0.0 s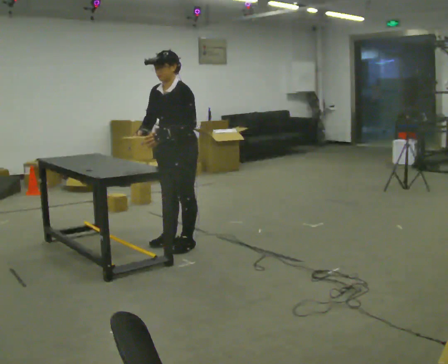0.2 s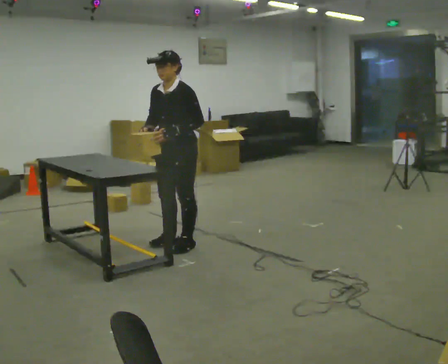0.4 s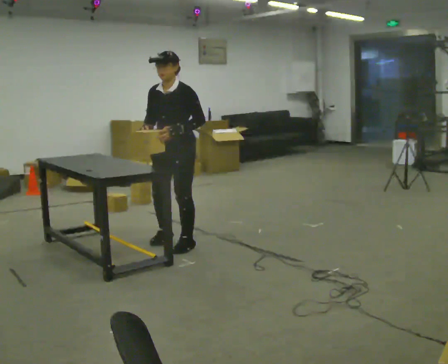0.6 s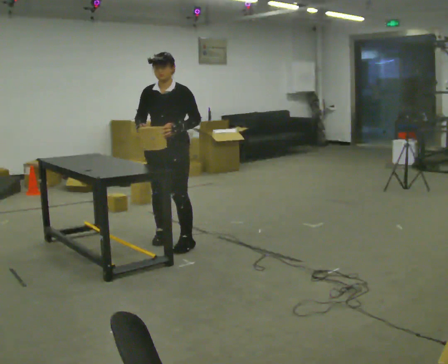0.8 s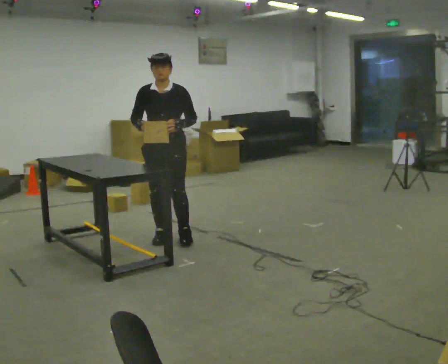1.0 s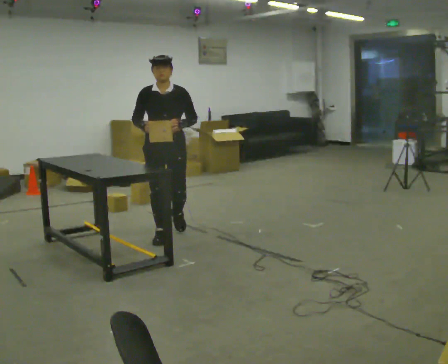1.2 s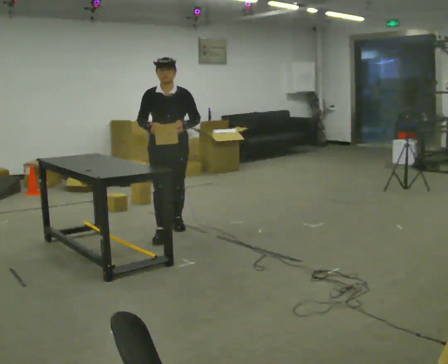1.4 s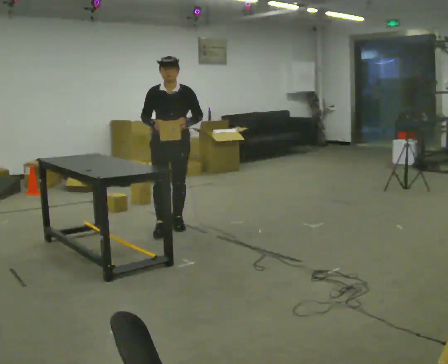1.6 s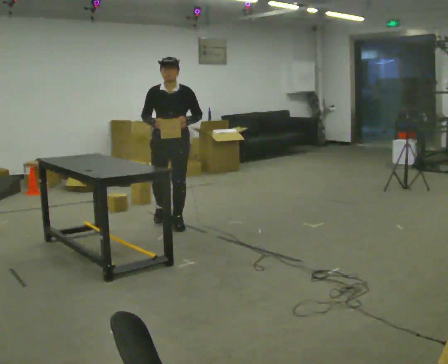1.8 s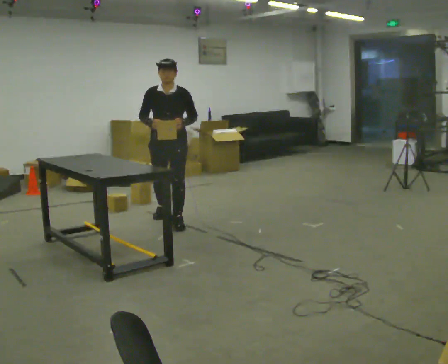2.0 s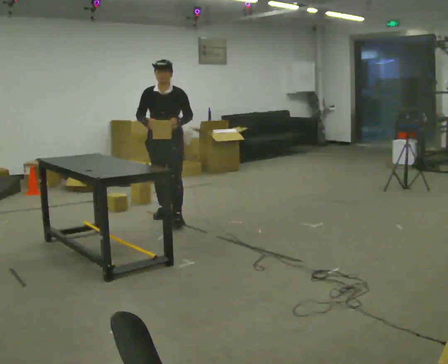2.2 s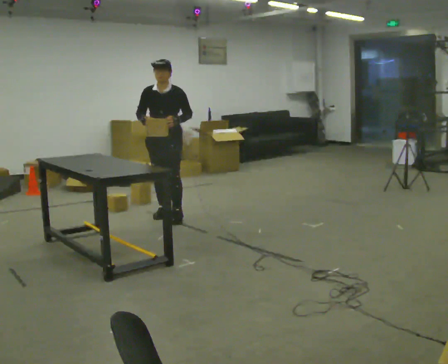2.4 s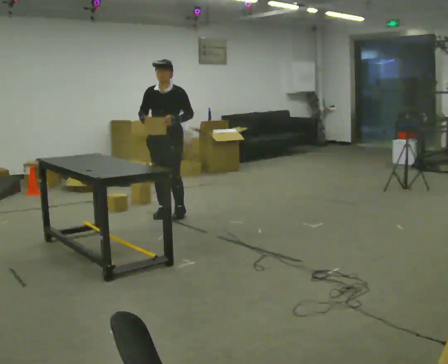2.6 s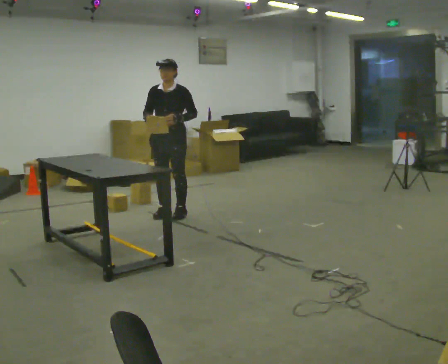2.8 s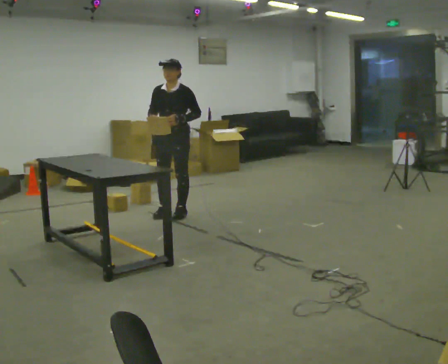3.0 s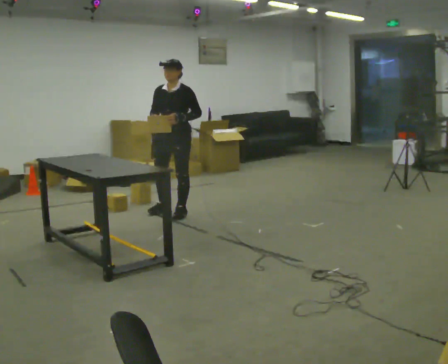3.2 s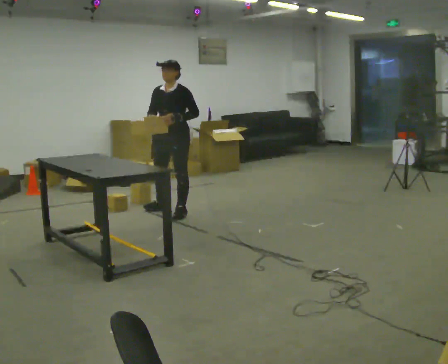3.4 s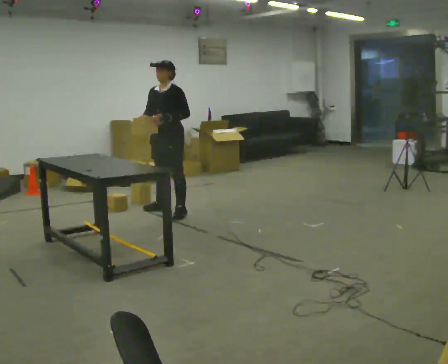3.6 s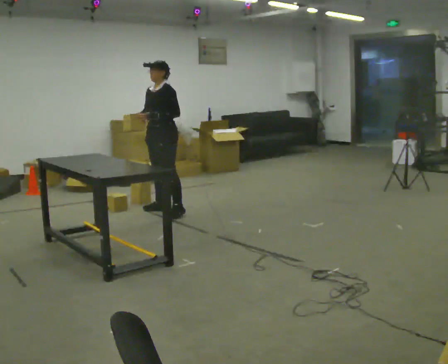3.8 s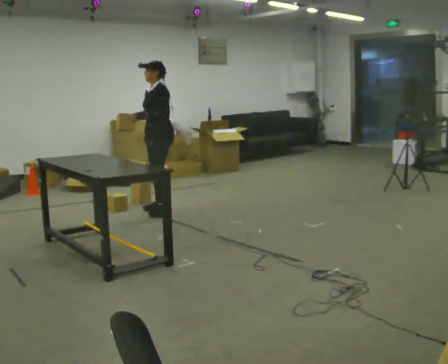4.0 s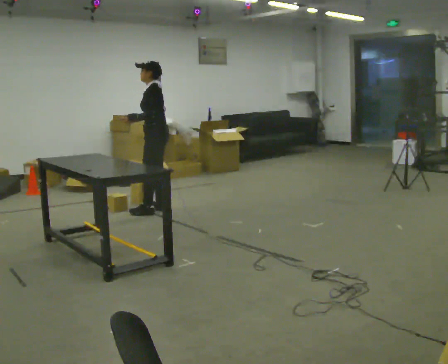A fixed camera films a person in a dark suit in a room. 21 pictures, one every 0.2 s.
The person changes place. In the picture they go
away from the camera.
0.0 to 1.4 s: Seen from above the body turns counterclockwise, about 45 degrees: to their left, with its near side sliding to the right. In the picture they go away from the camera, about 0.5 m in 3 steps, which for them is backward and to their right.
1.4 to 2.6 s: In the picture they go away from the camera, about 0.5 m in 1 step, which for them is backward.
2.6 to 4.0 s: Seen from above the body turns clockwise, about 60 degrees: to their right, with its near side sliding to the left. In the picture they go away from the camera, about 0.25 m in 2 steps. In the picture their left hand goes to the left.
The film runs backward here.
